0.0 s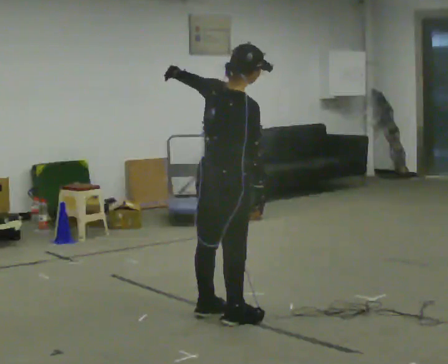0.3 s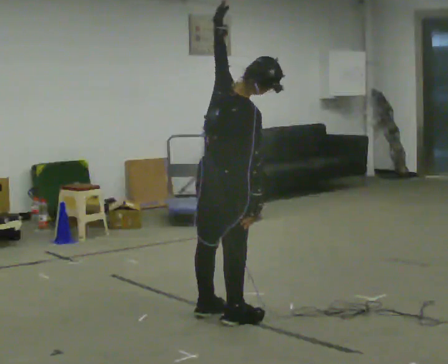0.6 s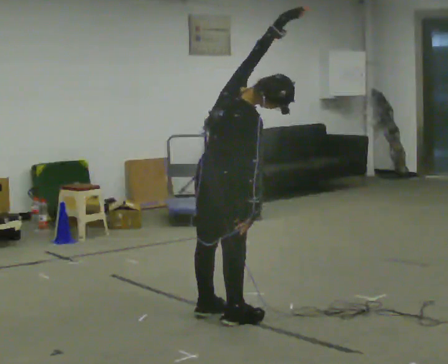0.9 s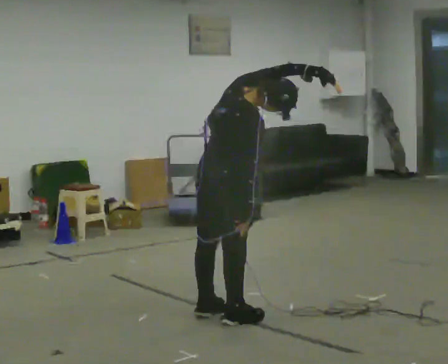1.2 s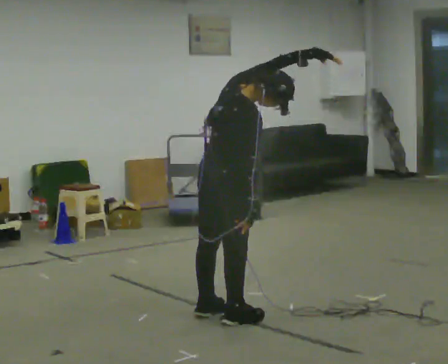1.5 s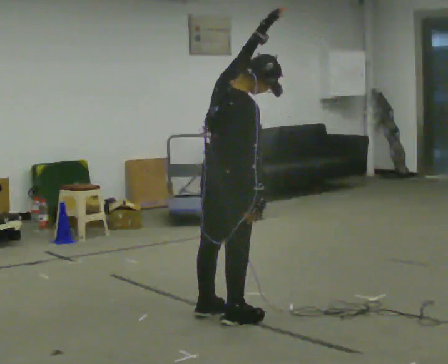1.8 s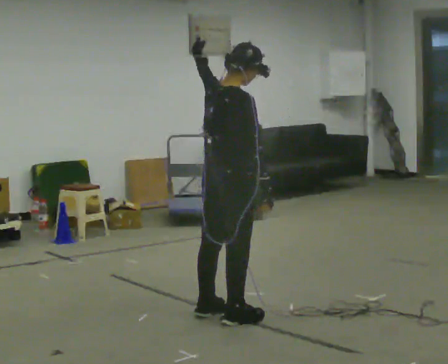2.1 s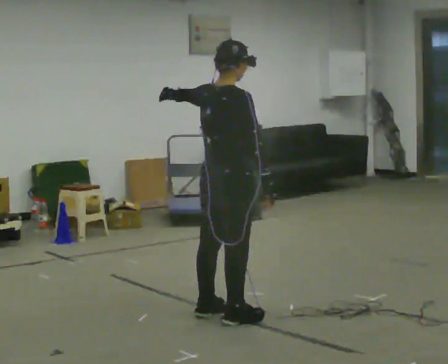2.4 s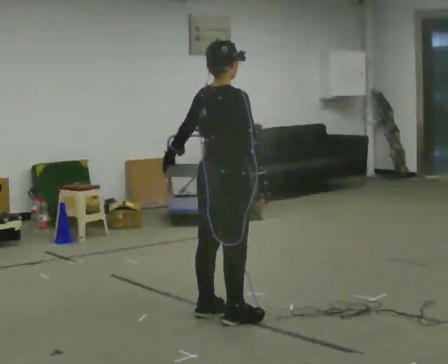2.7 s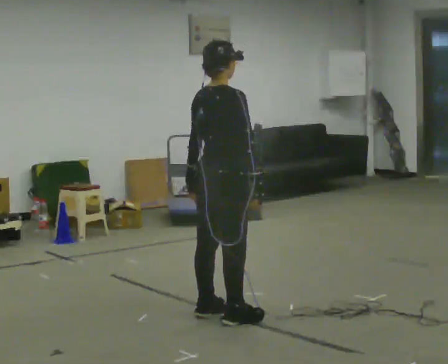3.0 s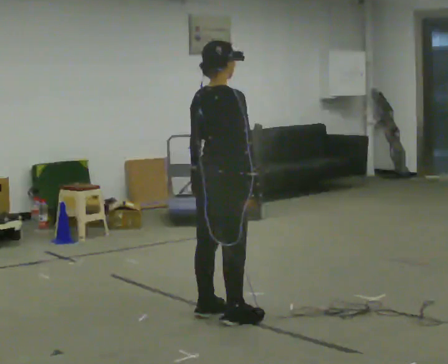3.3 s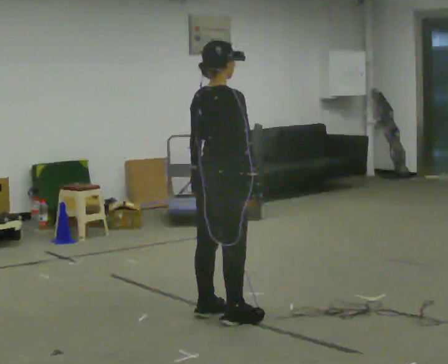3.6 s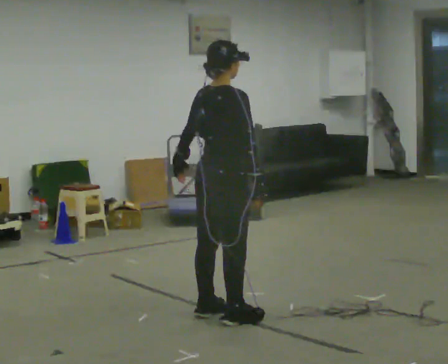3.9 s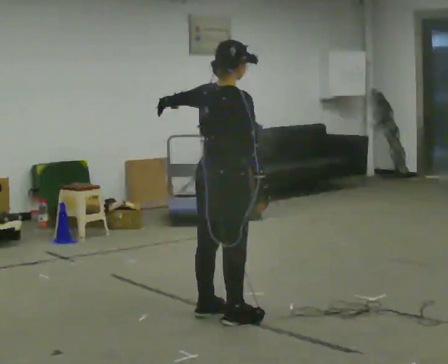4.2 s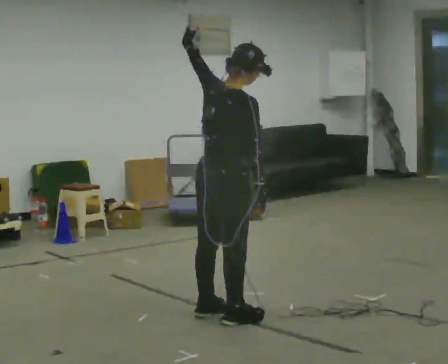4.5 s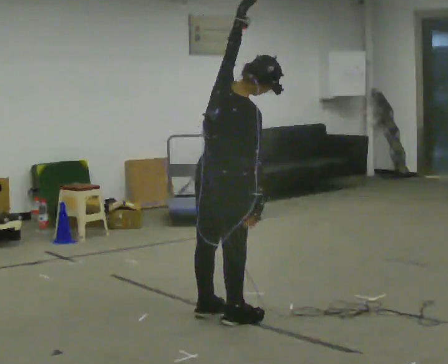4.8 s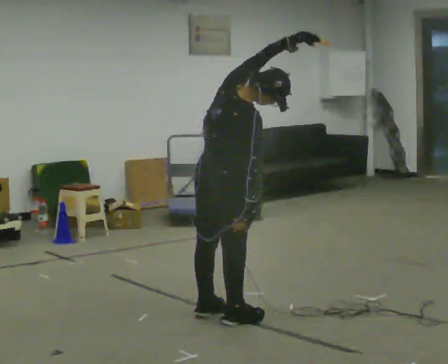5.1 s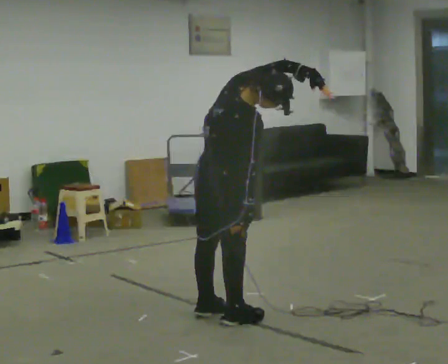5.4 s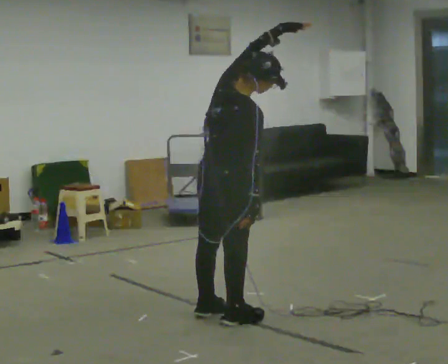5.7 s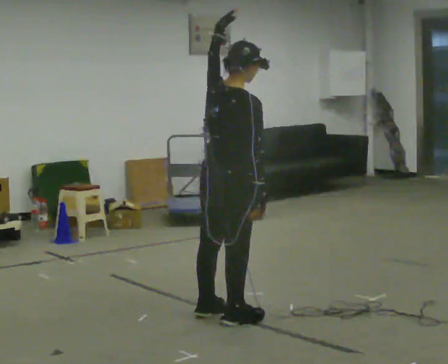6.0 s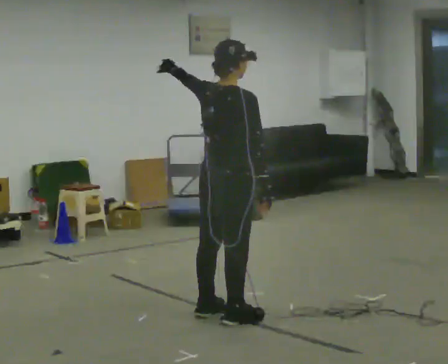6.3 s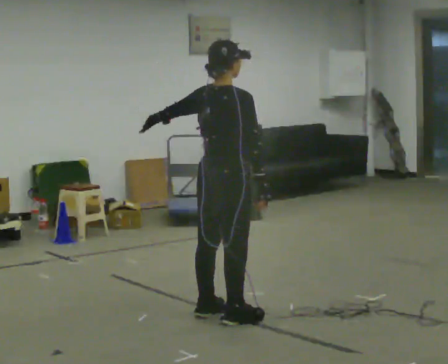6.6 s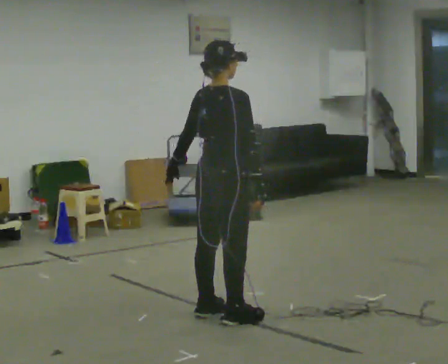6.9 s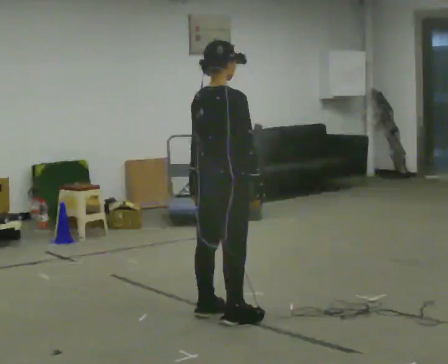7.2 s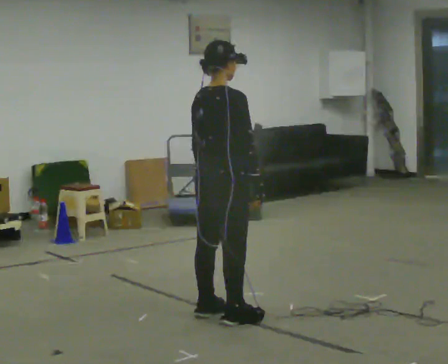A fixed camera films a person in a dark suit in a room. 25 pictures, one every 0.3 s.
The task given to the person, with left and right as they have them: Keeping your feet still and facing forward, bend your upper body sideways to one side, return upright, then bend to the other side. Reach the arm overhead as you bend. Repeat the movement at your own pace until the operator says stop; do not rush.
0.0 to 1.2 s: In the picture their left hand goes to the right, the arm swinging clockwise.
1.2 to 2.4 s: In the picture their left hand goes to the left and downward, the arm swinging counterclockwise.
2.4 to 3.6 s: The person moves a little, or ends about where they began.
3.6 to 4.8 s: The upper body tips toward the camera, its near side rolling downward. In the picture their left hand goes to the right and upward, the arm swinging clockwise.
4.8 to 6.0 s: The upper body tips away from the camera, its near side rolling upward. In the picture their left hand goes to the left, the arm swinging counterclockwise.
6.0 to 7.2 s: In the picture their left hand goes downward, the arm swinging counterclockwise.
The film runs forward here.
